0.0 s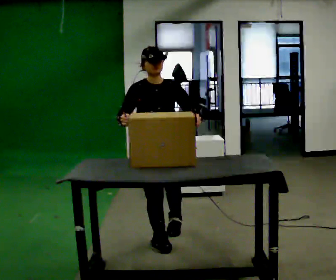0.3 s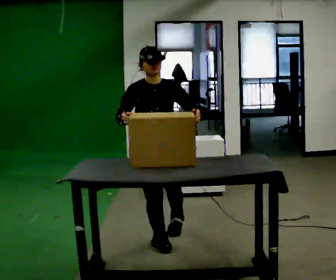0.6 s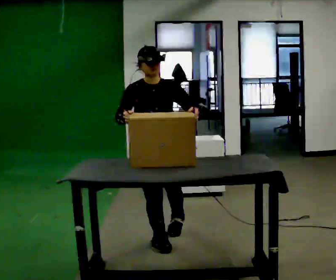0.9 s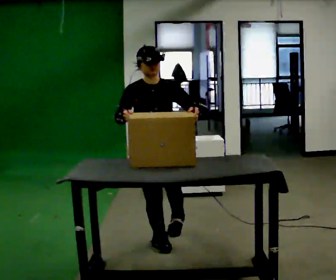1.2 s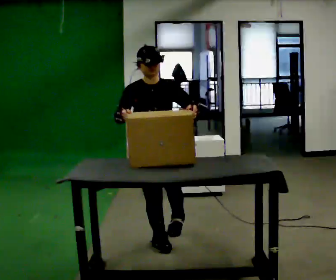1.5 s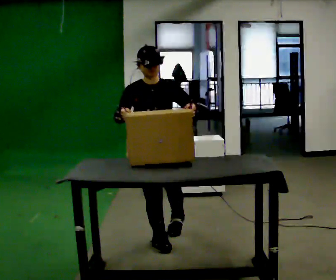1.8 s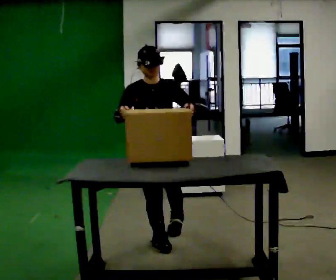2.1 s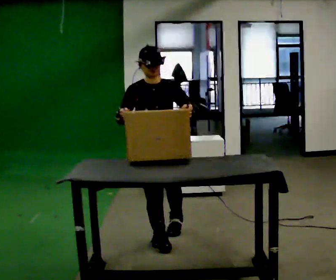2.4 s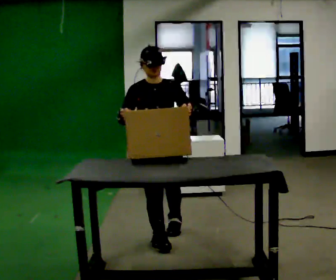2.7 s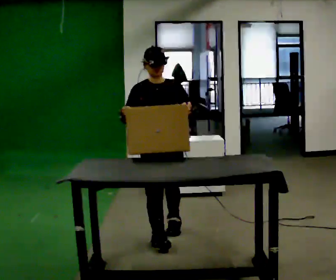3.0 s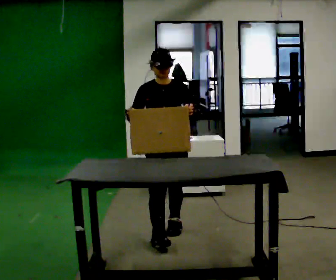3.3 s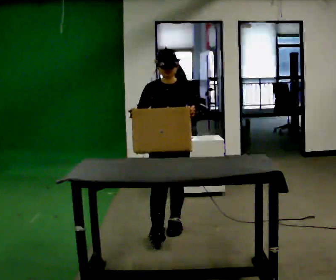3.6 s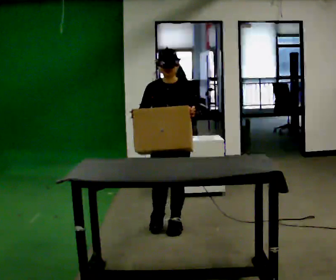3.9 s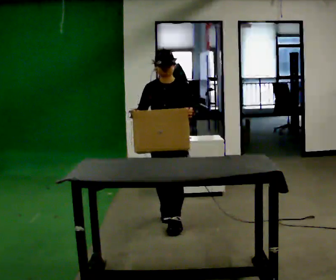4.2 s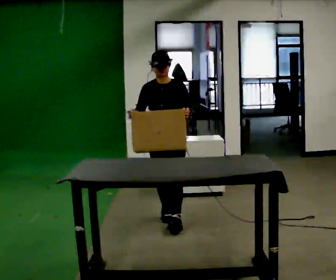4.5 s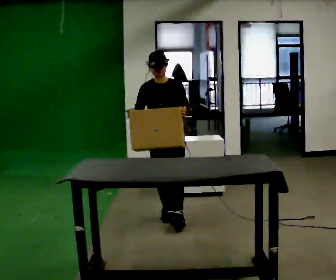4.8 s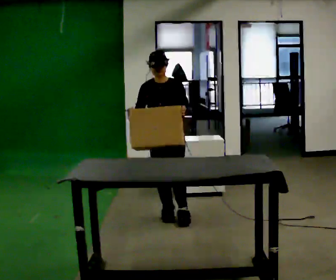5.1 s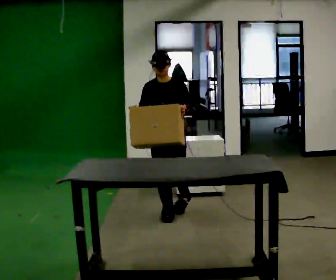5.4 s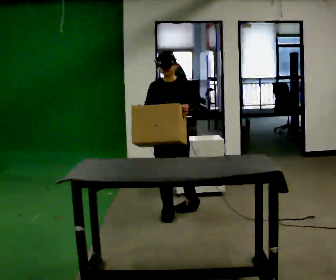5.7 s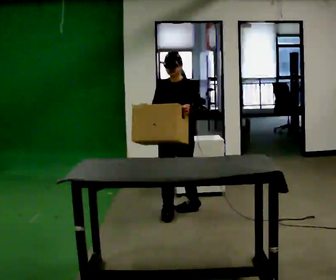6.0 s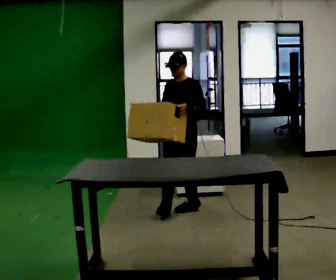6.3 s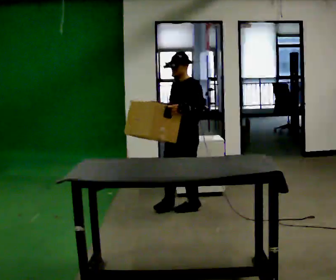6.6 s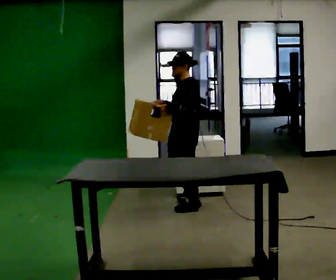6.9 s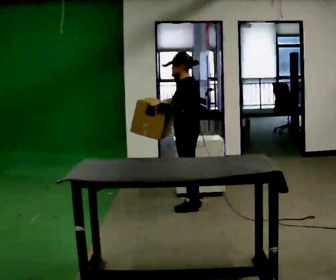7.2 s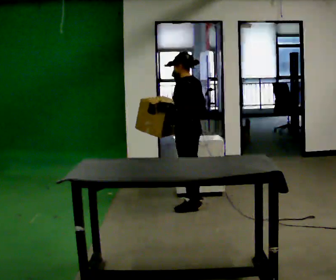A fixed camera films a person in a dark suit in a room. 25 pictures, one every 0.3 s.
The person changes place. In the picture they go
away from the camera.
The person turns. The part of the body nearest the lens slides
to the left.
0.0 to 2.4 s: The person moves a little, or ends about where they began.
2.4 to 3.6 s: In the picture they go away from the camera, about 0.25 m in 1 step, which for them is backward.
3.6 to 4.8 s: In the picture they go away from the camera, about 0.25 m in 1 step, which for them is backward.
4.8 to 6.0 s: Seen from above the body turns clockwise, about 30 degrees: to their right, with its near side sliding to the left. In the picture they go away from the camera, about 0.25 m in 1 step, which for them is backward.
6.0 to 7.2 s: The part of the body nearest the lens slides to the left as the person turns to their right by about 75 degrees. In the picture they go away from the camera, about 0.25 m. In the picture their right hand goes to the right.
The film runs backward here.
